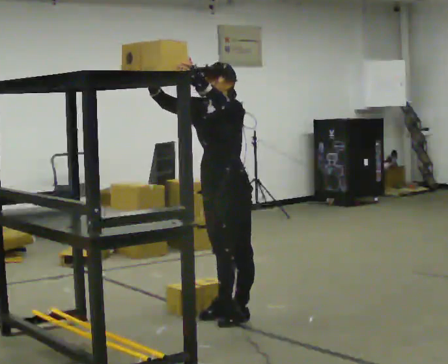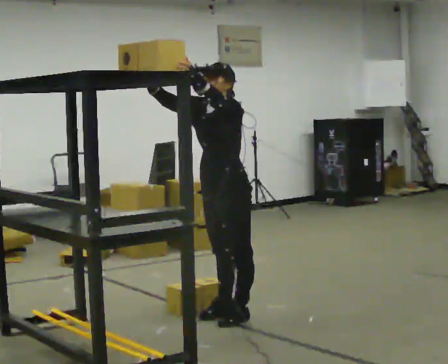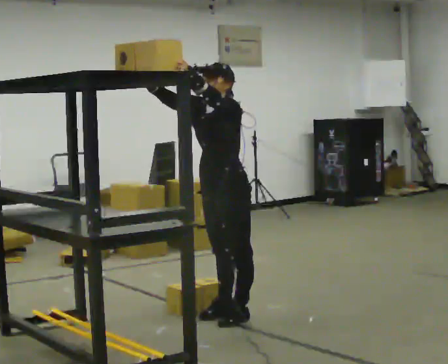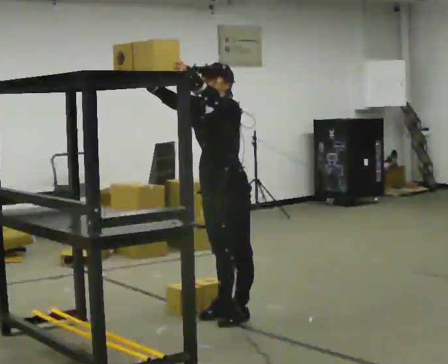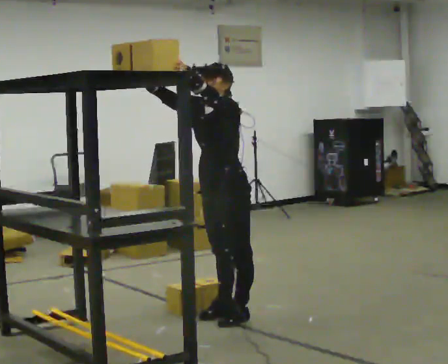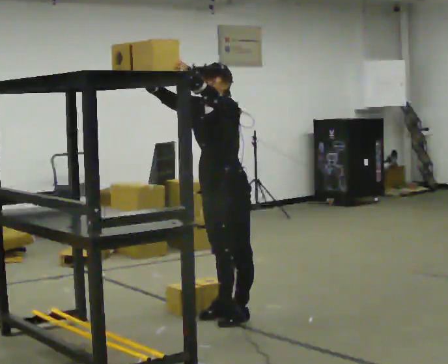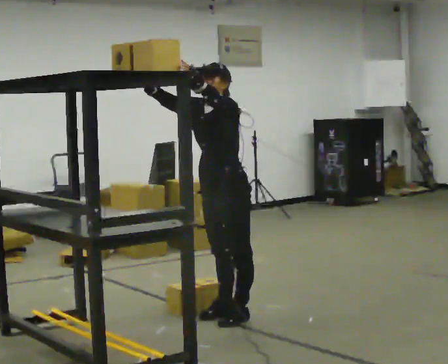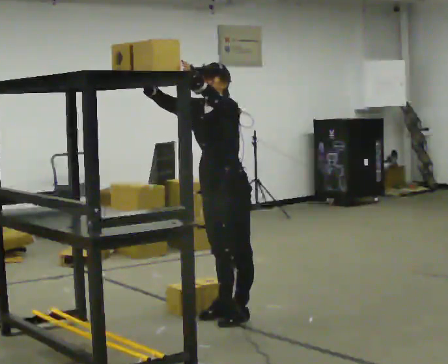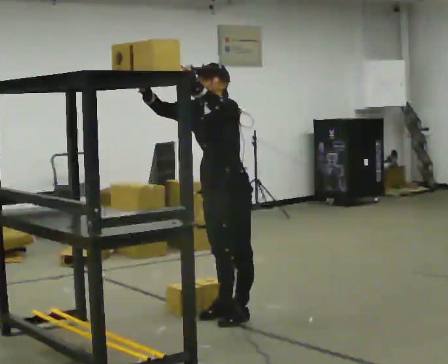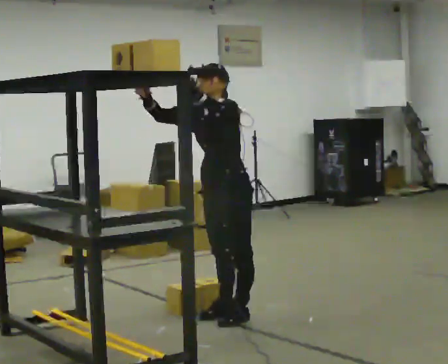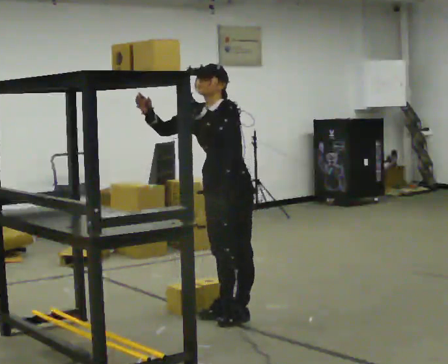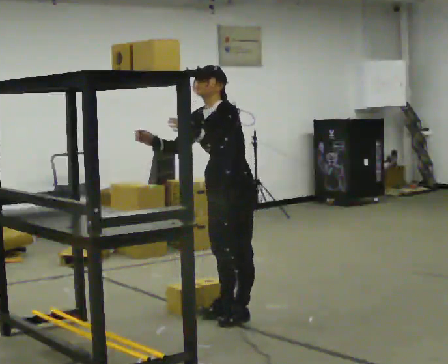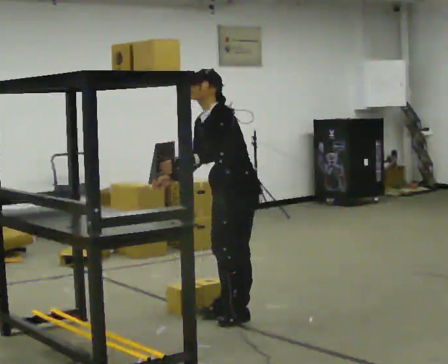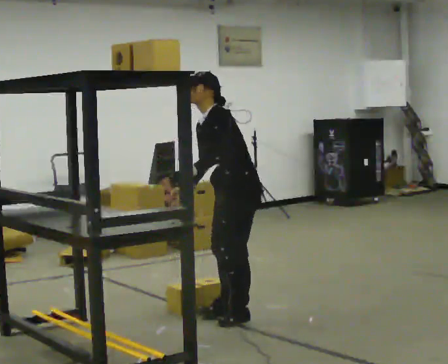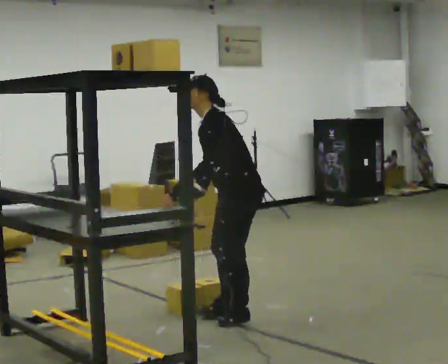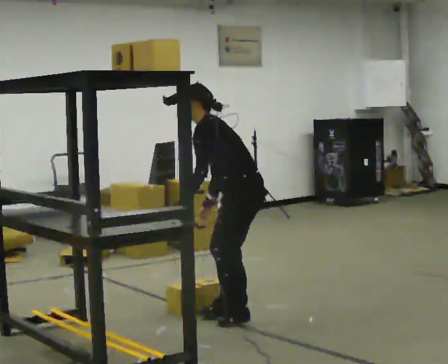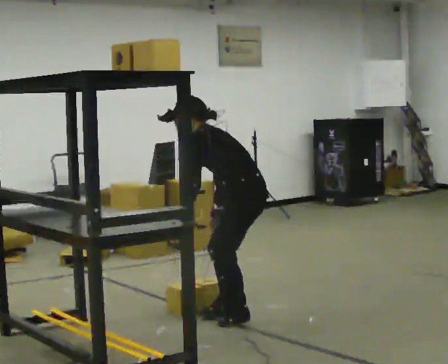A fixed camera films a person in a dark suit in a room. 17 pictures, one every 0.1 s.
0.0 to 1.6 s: The part of the body nearest the lens slides to the left as the person turns to their right by about 30 degrees. In the picture the upper body tilts counterclockwise, shoulders to the left, as they bend forward. In the picture their right hand goes downward, the arm swinging counterclockwise.
The film runs backward here.
